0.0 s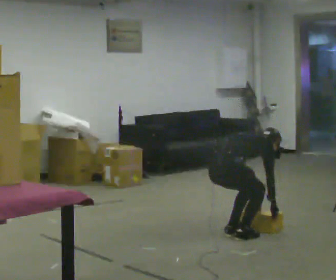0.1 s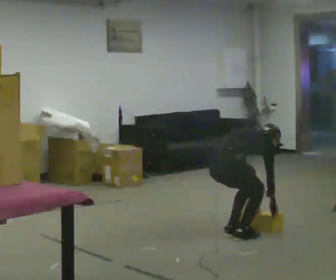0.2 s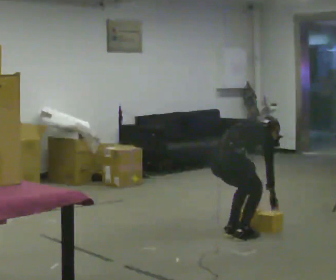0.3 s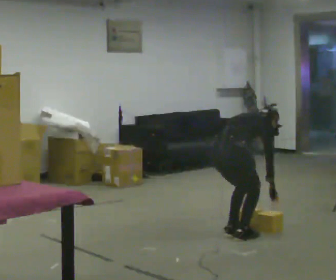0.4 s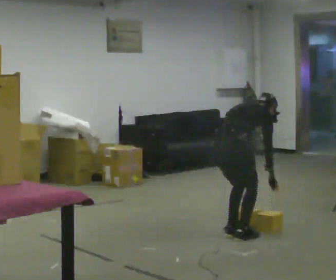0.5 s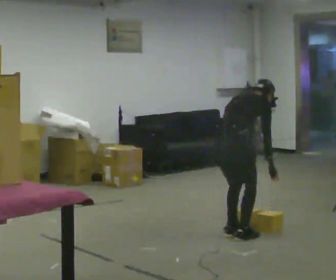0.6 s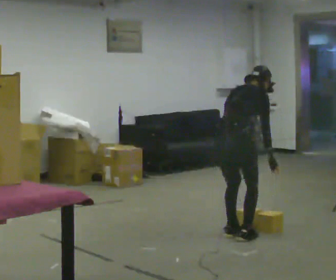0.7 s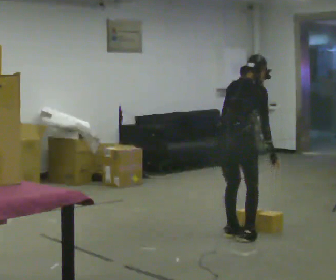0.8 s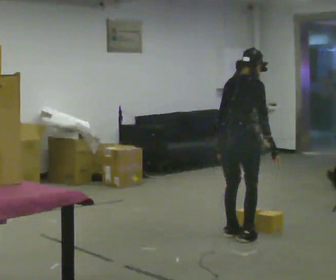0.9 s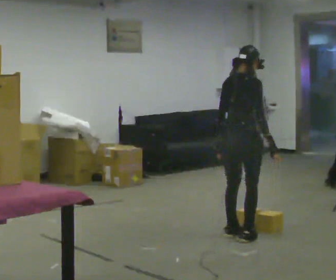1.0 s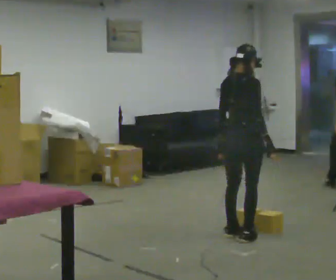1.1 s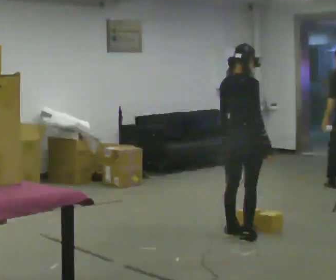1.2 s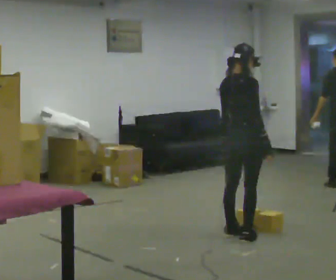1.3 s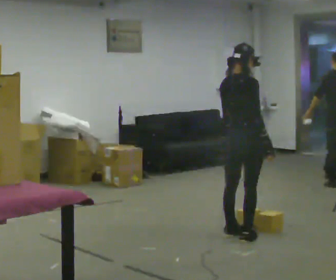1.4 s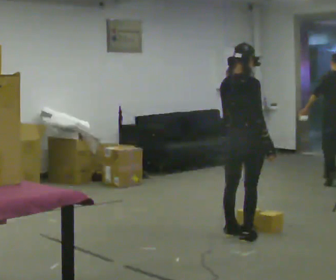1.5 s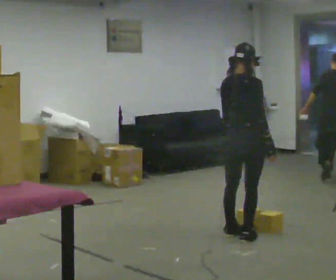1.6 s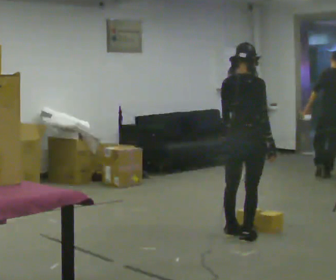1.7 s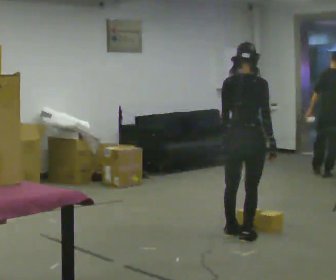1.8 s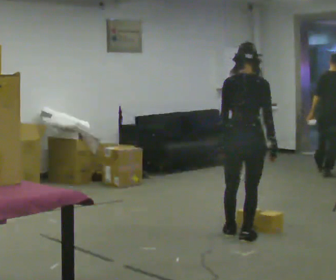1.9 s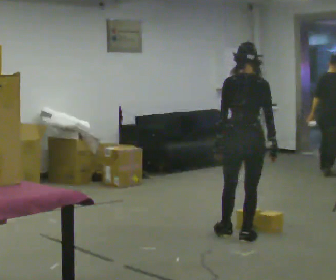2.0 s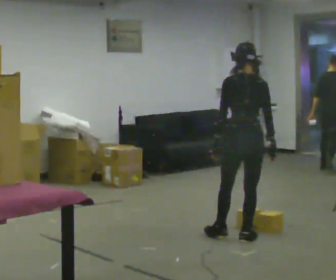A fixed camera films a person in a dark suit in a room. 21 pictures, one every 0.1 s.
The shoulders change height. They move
upward.
The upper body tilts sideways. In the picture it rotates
counterclockwise.
0.0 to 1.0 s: The upper body goes upward. In the picture the upper body tilts counterclockwise, shoulders to the left, as they lean back or straighten. In the picture their left hand goes upward.
1.0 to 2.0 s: Seen from above the body turns counterclockwise, about 45 degrees: to their left, with its near side sliding to the right.
The film runs forward here.
